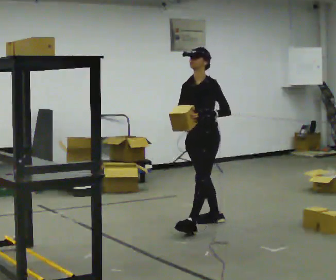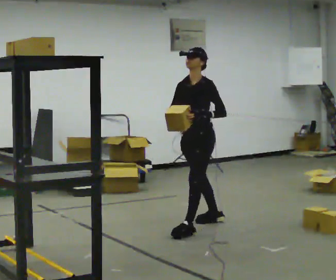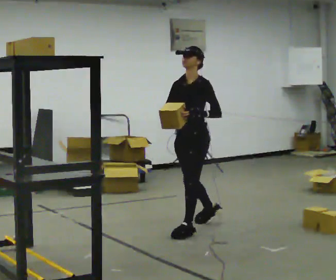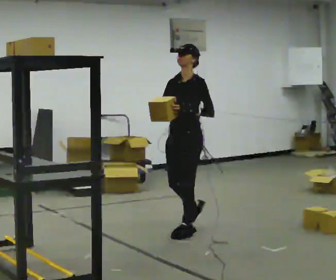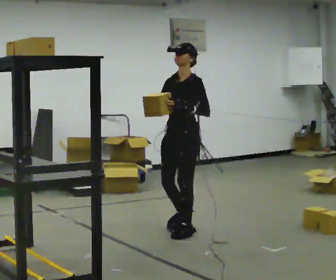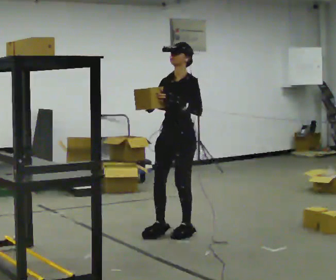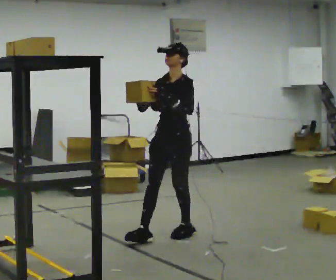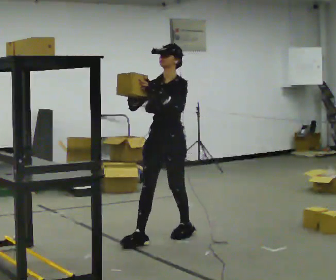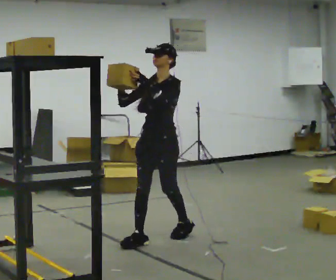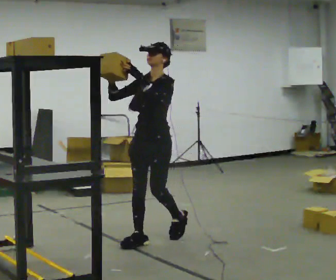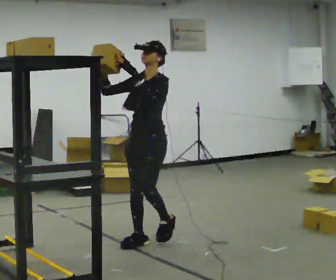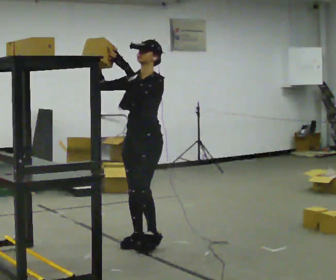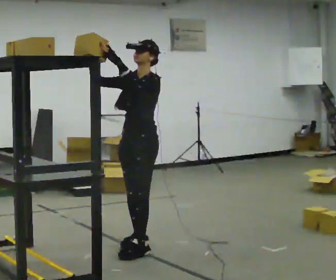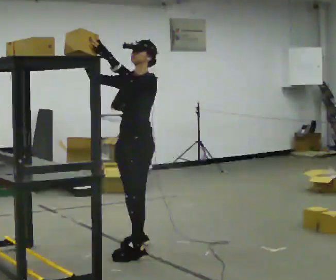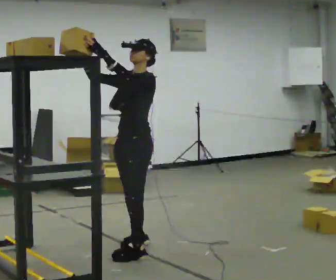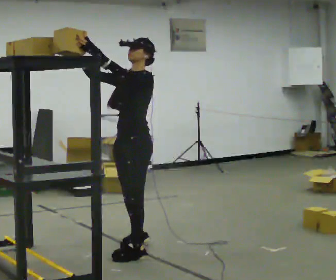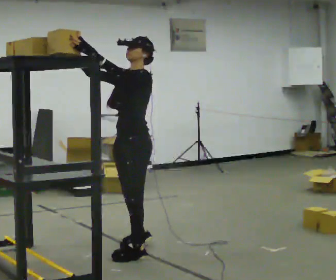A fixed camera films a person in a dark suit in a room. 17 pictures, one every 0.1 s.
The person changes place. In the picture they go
toward the camera.
Their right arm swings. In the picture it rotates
clockwise.
0.0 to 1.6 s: In the picture they go toward the camera and to the left, about 1 m in 2 steps, which for them is forward. In the picture their left hand goes upward.
The film runs forward here.
